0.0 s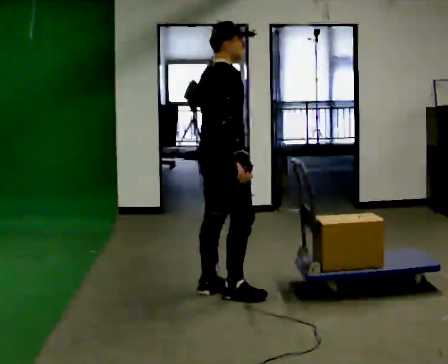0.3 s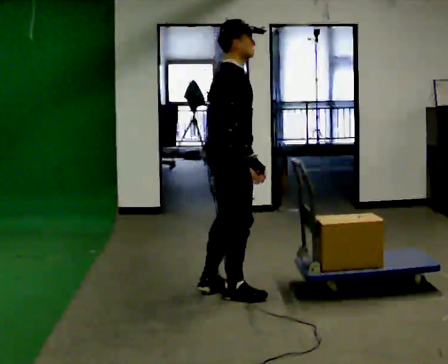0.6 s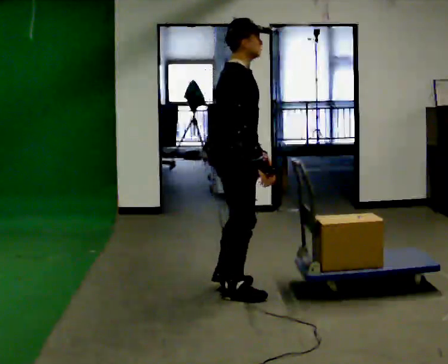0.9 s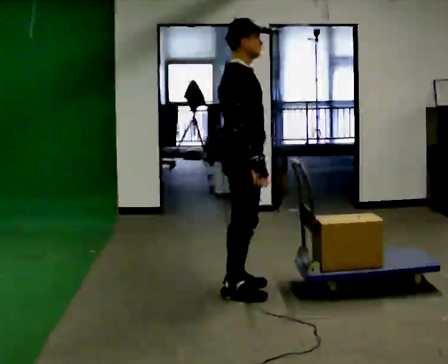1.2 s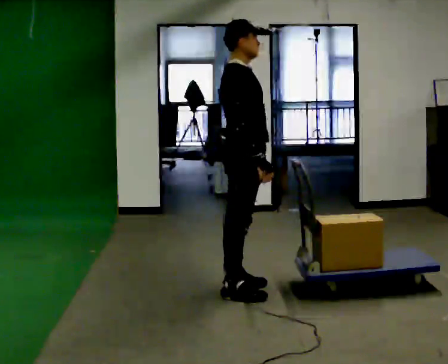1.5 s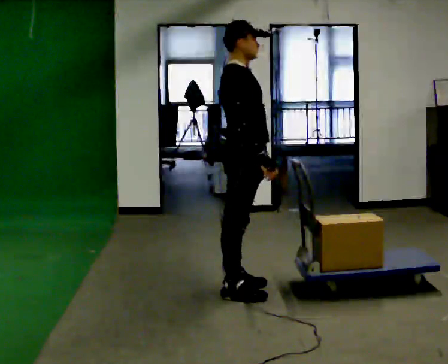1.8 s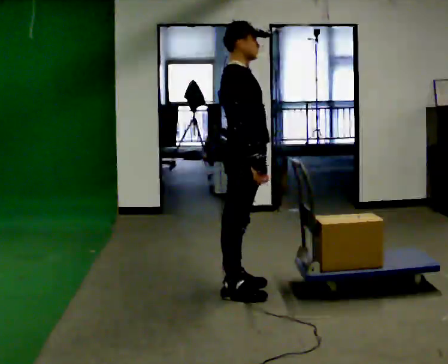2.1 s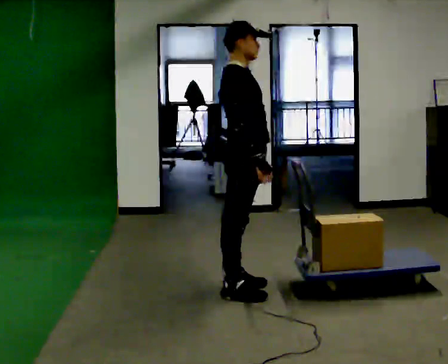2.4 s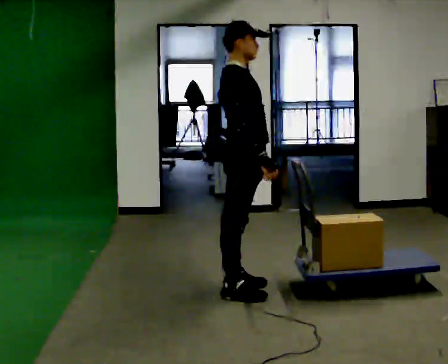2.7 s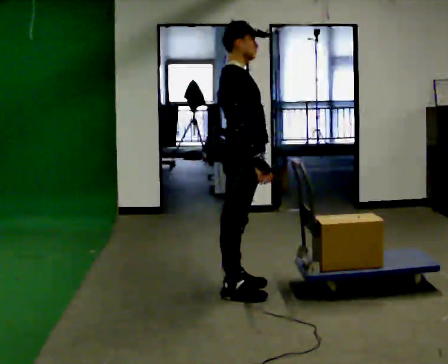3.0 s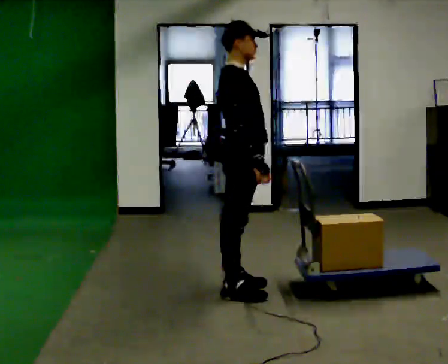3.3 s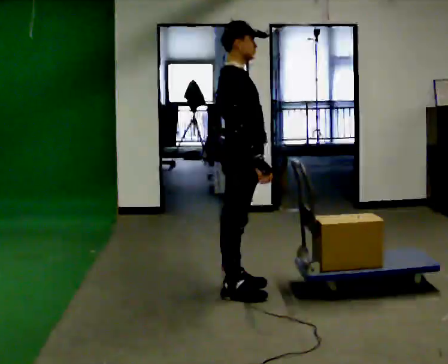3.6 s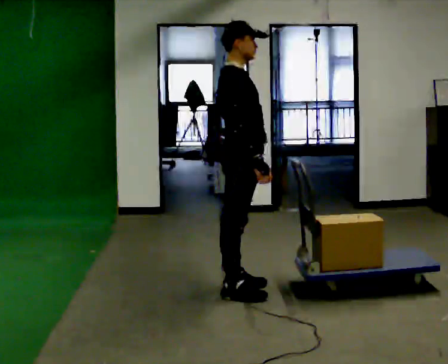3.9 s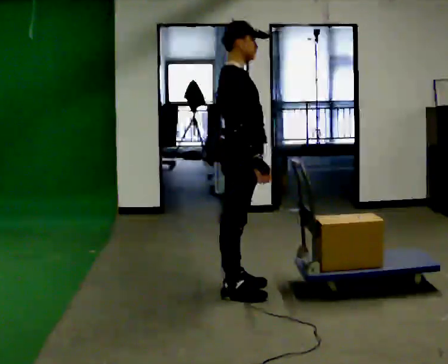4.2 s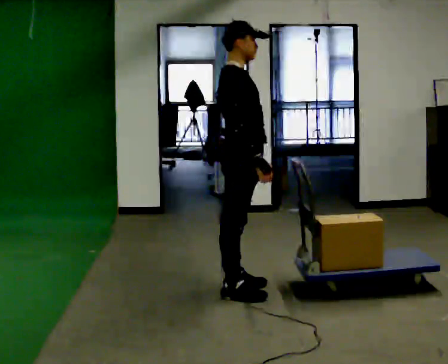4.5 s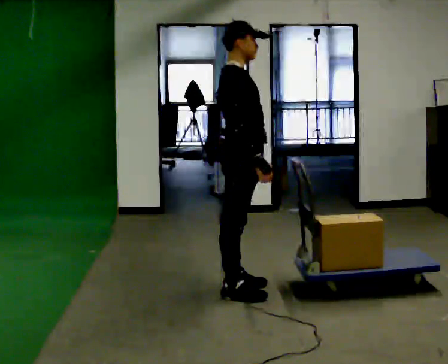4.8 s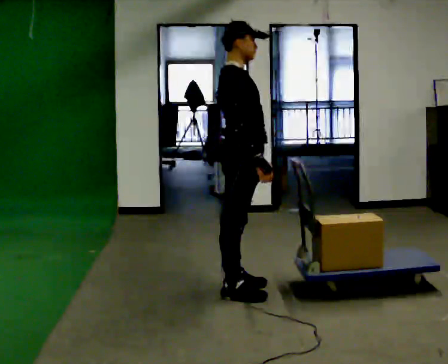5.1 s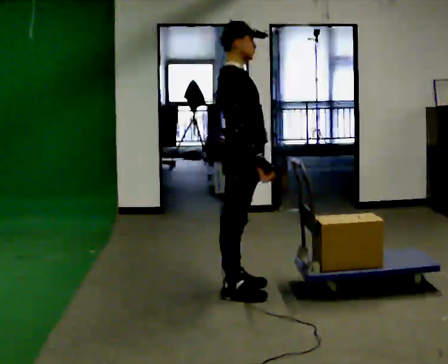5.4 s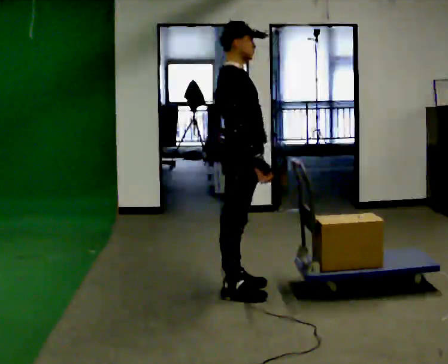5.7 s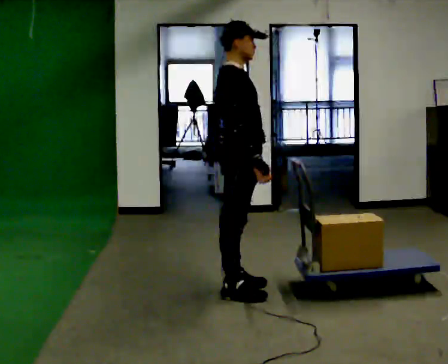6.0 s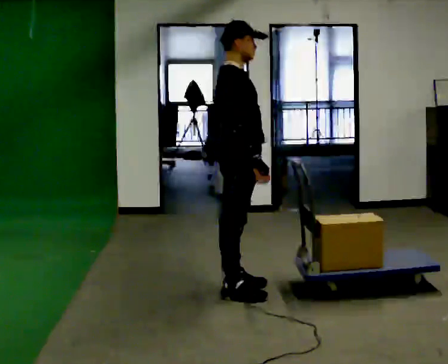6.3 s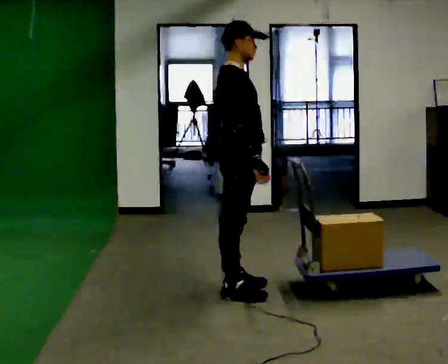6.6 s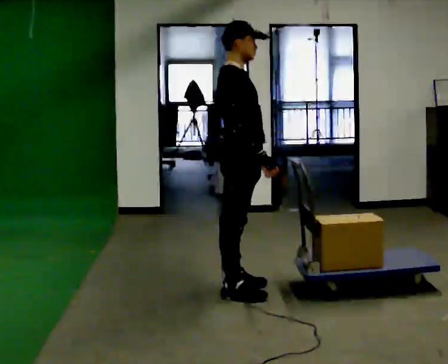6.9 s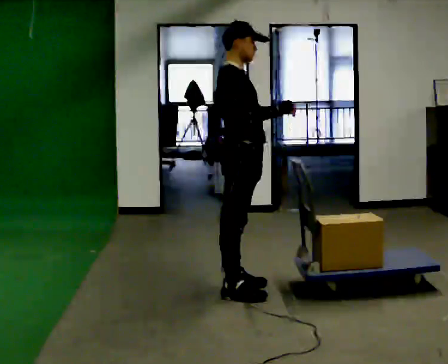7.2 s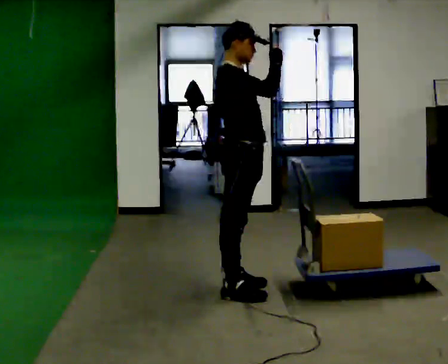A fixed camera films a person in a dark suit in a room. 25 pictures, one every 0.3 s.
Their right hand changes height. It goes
upward.
0.0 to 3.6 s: The person moves a little, or ends about where they began.
3.6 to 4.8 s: The person keeps their place and pose.
4.8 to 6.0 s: The person moves a little, or ends about where they began.
6.0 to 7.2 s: In the picture their right hand goes upward, the arm swinging counterclockwise.
The film runs forward here.
